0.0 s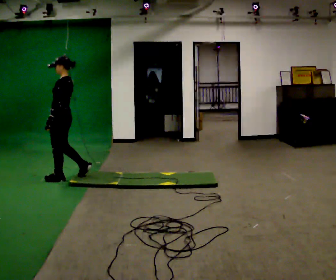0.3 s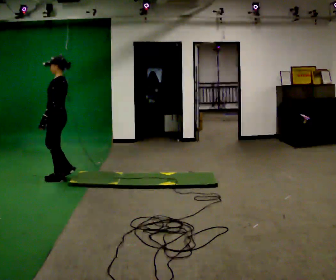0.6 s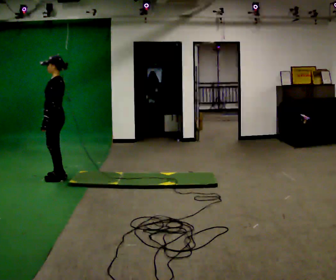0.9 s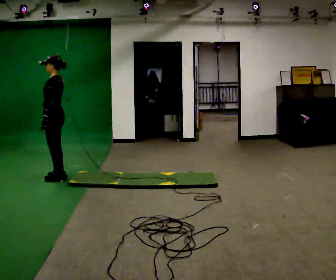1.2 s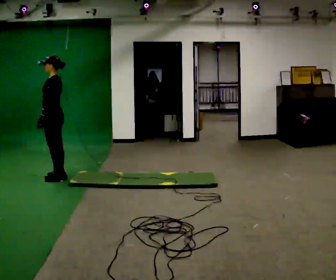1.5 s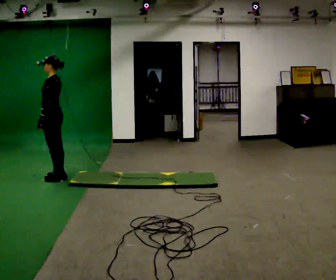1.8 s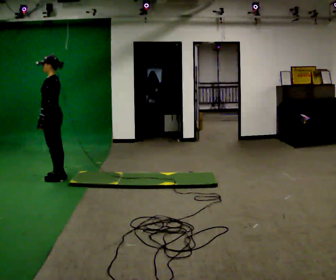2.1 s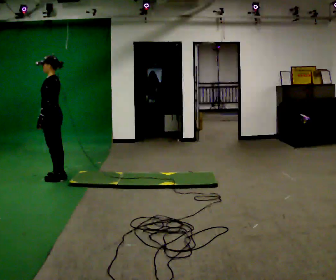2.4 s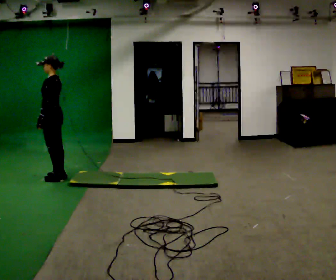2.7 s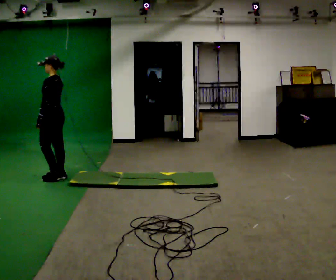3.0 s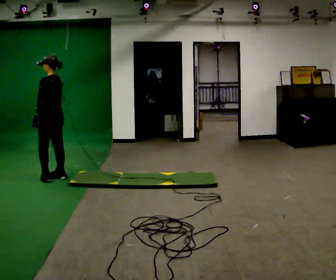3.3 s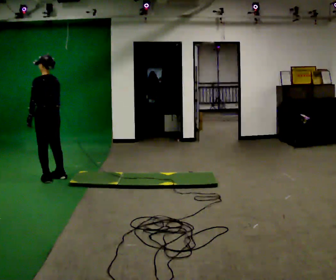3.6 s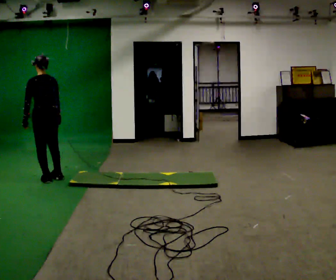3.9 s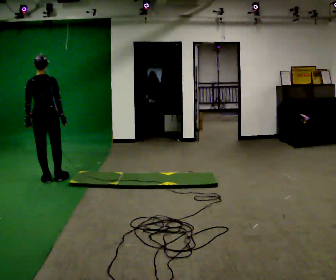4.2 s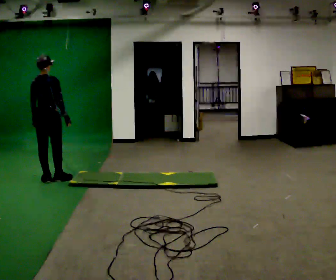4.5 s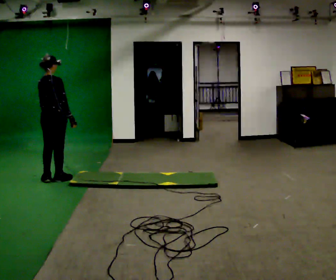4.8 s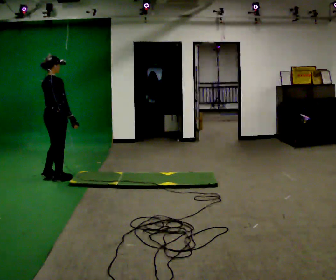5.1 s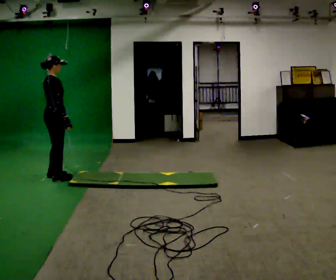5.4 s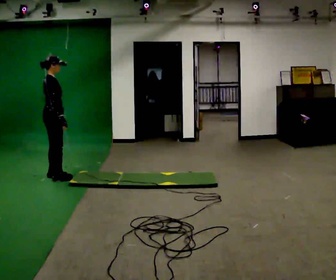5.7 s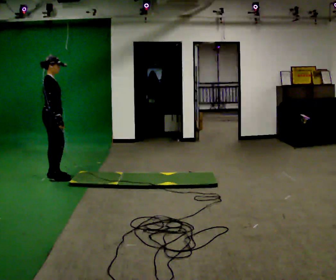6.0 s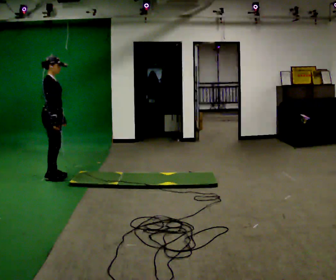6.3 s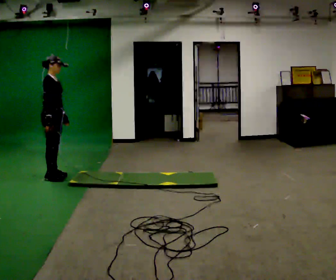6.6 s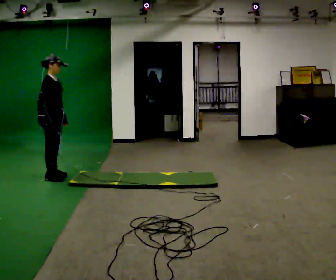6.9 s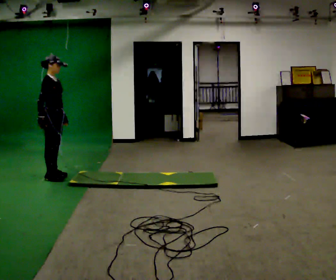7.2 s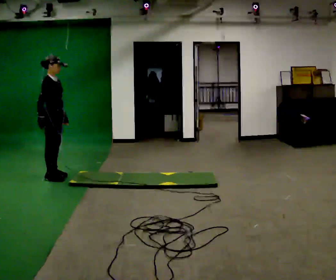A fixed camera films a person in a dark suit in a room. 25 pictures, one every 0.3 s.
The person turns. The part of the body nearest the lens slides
to the left.
The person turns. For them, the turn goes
to their right.
0.0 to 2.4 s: The person moves a little, or ends about where they began.
2.4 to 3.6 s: Seen from above the body turns clockwise, about 60 degrees: to their right, with its near side sliding to the left.
3.6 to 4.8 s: Seen from above the body turns clockwise, about 75 degrees: to their right, with its near side sliding to the left. In the picture their left hand goes to the right.
4.8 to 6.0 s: The person turns about 45 degrees to their right, clockwise seen from above, so the part of the body nearest the lens slides to the left. In the picture they go away from the camera, about 0.25 m in 1 step, which for them is to their left.
6.0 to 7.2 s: The person moves a little, or ends about where they began.
The film runs forward here.
